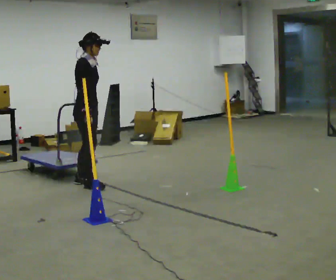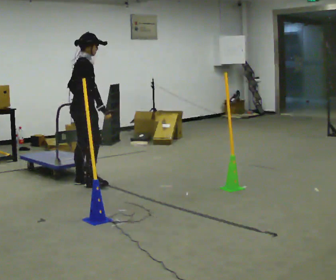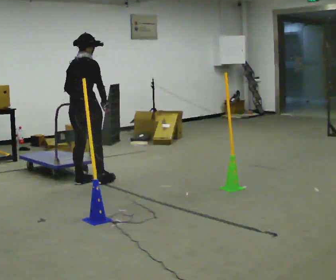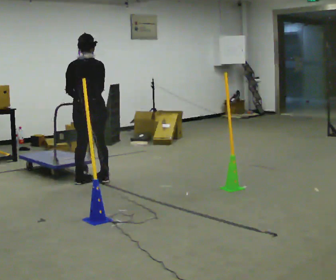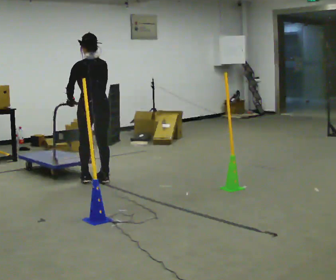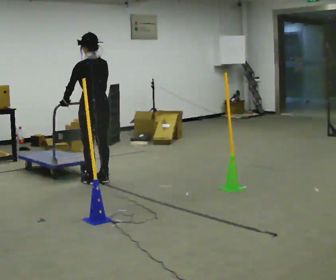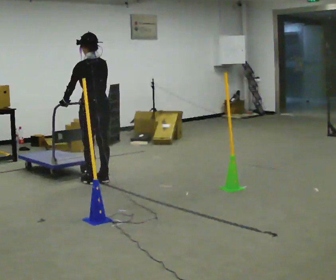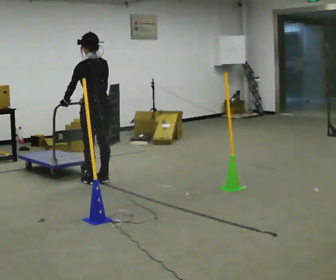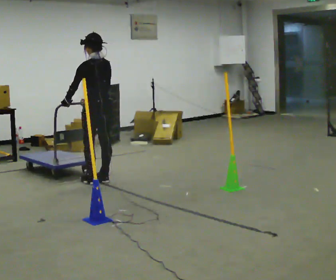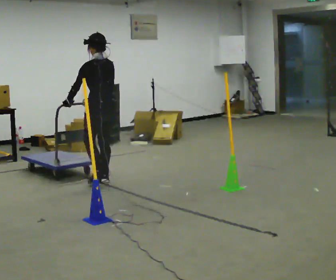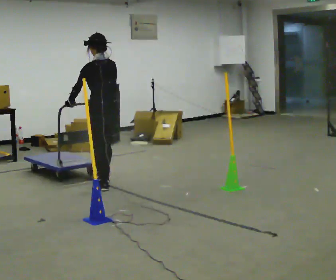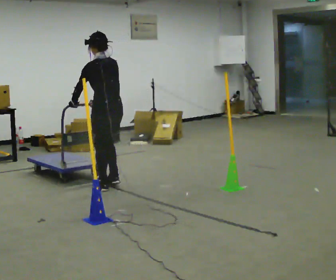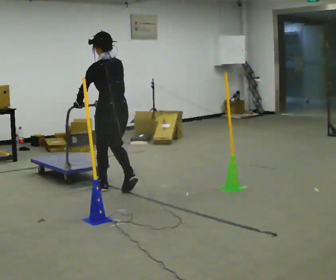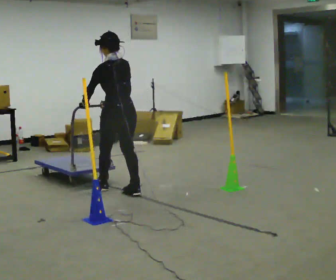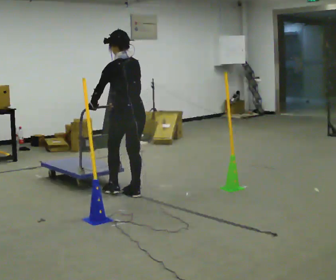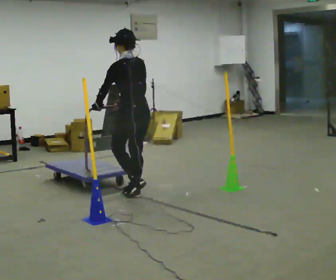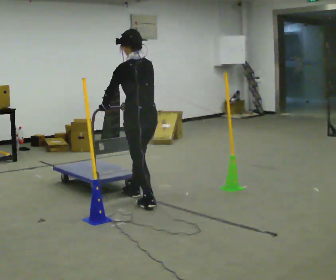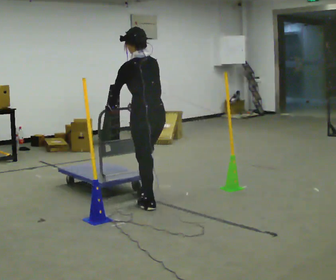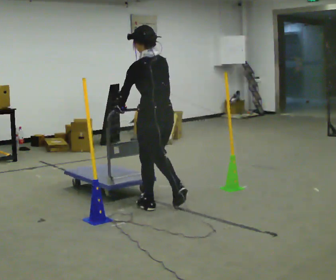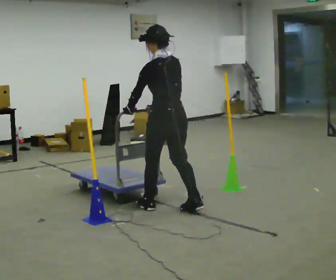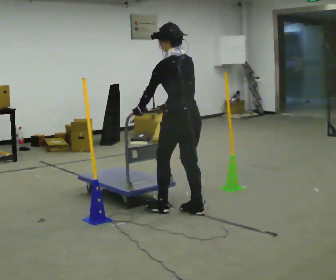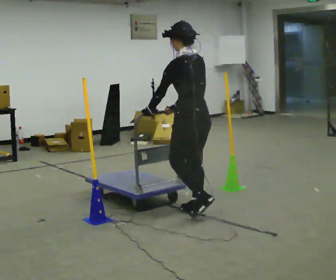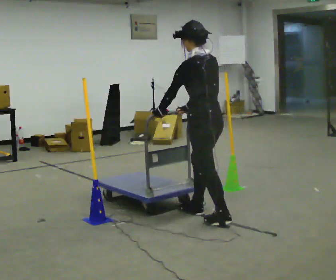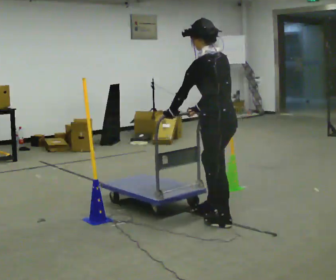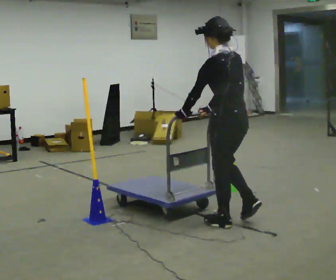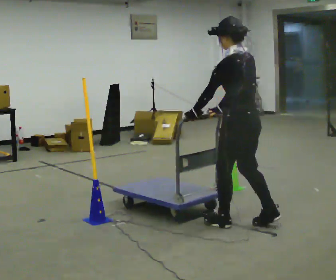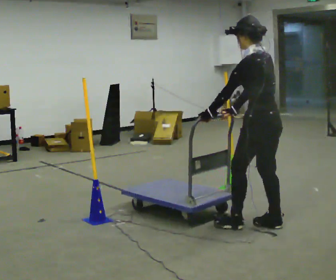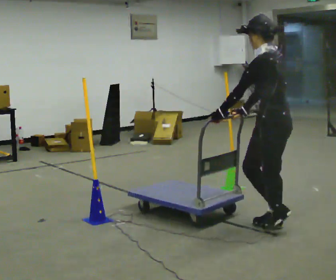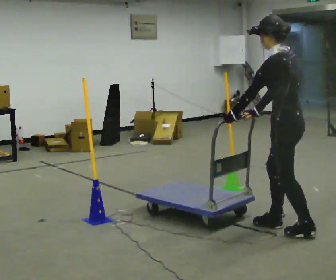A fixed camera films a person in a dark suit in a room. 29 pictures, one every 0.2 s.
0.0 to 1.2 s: Seen from above the body turns counterclockwise, about 150 degrees: to their left, with its near side sliding to the right. In the picture they go away from the camera, about 0.25 m in 2 steps.
1.2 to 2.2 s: In the picture they go toward the camera, about 0.25 m in 2 steps, which for them is backward.
2.2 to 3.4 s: In the picture they go toward the camera and to the right, about 0.5 m in 2 steps, which for them is backward.
3.4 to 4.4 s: In the picture they go toward the camera and to the right, about 0.75 m in 1 step, which for them is backward.
4.4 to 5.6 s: In the picture they go to the right and toward the camera, about 0.5 m in 2 steps, which for them is backward.
The film runs backward here.
